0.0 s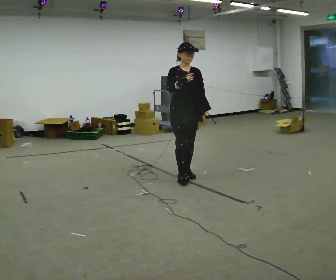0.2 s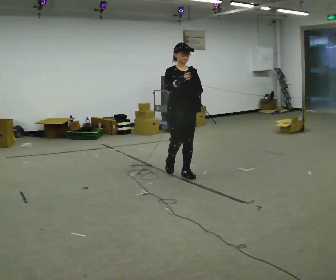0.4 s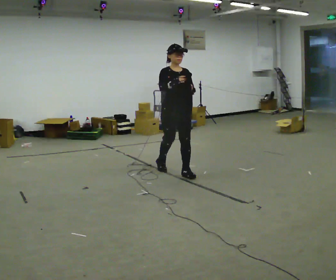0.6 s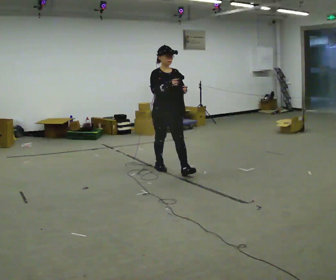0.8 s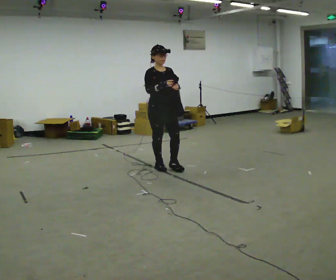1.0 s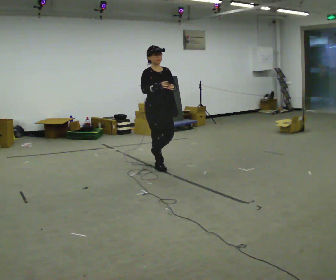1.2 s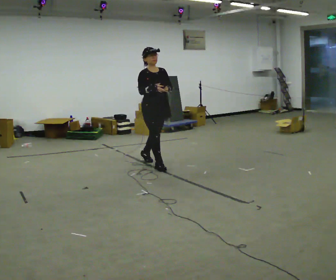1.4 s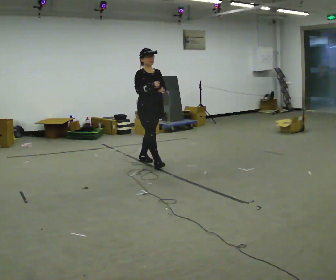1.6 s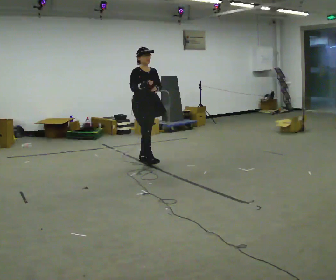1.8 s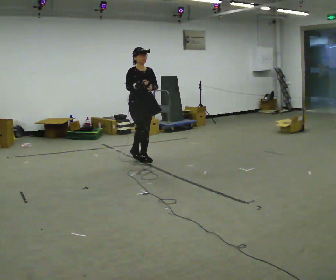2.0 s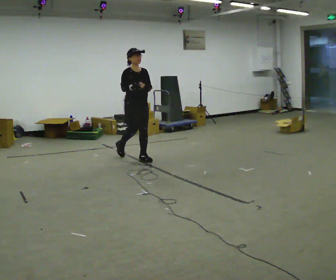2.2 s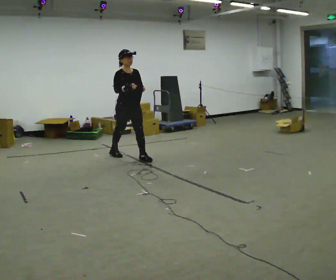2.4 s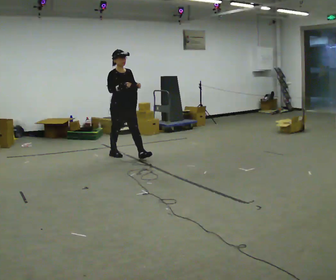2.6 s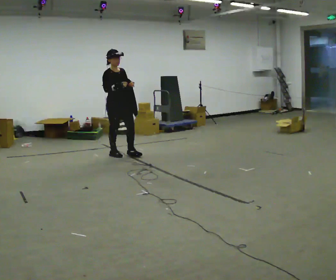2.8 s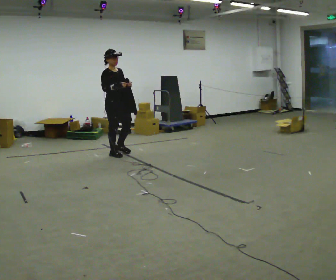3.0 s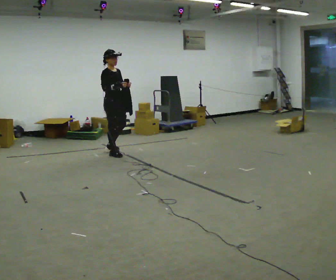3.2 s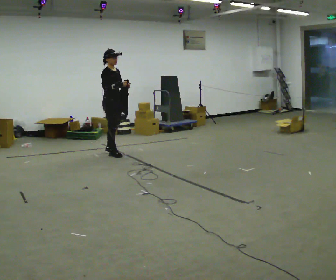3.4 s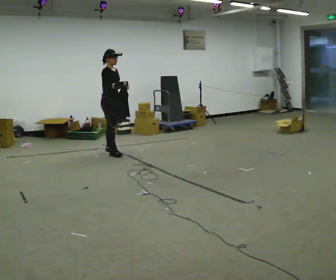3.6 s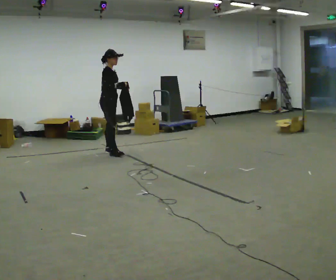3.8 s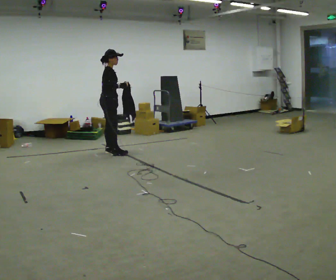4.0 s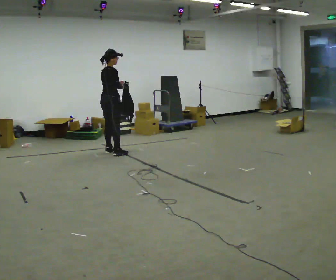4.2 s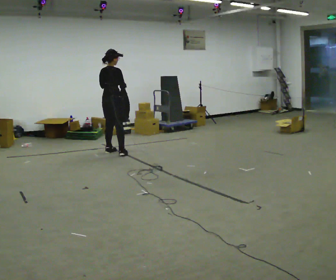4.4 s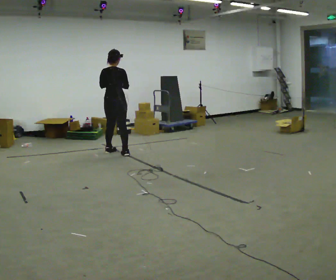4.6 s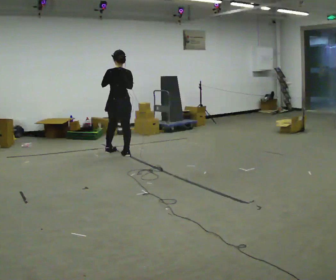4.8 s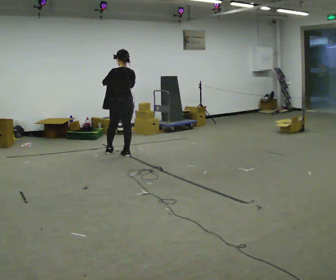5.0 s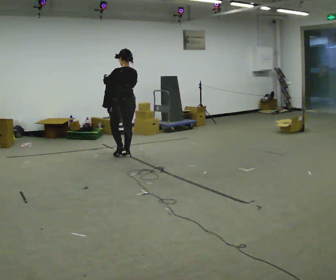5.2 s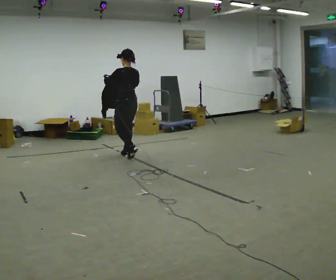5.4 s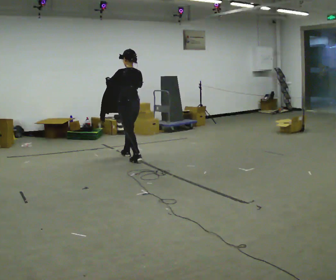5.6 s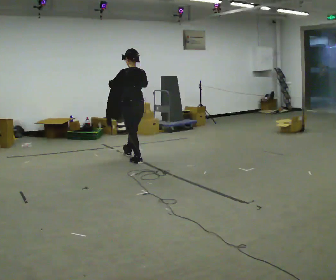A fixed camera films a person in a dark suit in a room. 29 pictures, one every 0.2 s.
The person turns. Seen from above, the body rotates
counterclockwise.
The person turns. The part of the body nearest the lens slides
to the right.
0.0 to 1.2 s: In the picture they go away from the camera and to the left, about 0.75 m in 1 step, which for them is backward.
1.2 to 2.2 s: In the picture they go away from the camera and to the left, about 0.5 m in 1 step, which for them is backward.
2.2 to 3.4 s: Seen from above the body turns counterclockwise, about 45 degrees: to their left, with its near side sliding to the right. In the picture they go away from the camera and to the left, about 0.5 m in 1 step, which for them is backward.
3.4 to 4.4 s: The part of the body nearest the lens slides to the right as the person turns to their left by about 90 degrees.
4.4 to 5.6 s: The person turns about 45 degrees to their left, counterclockwise seen from above, so the part of the body nearest the lens slides to the right. In the picture they go toward the camera and to the right, about 0.5 m in 2 steps, which for them is backward.
The film runs backward here.
